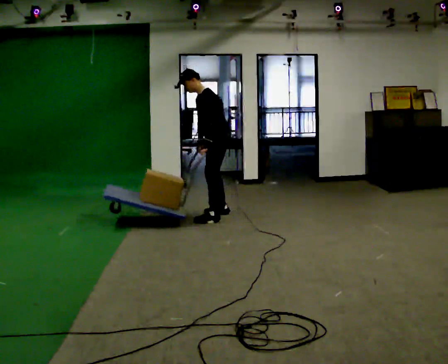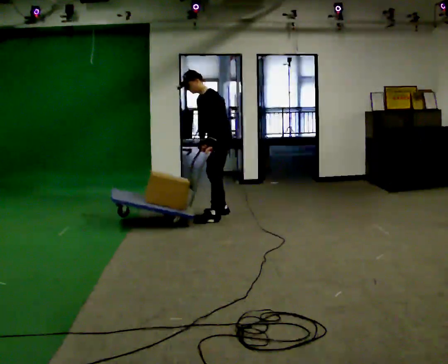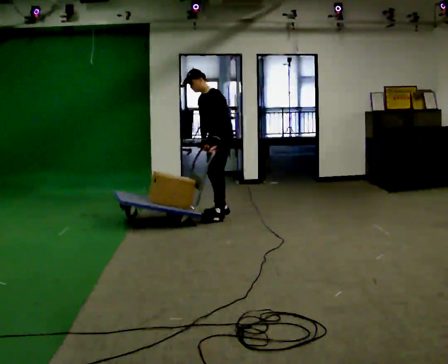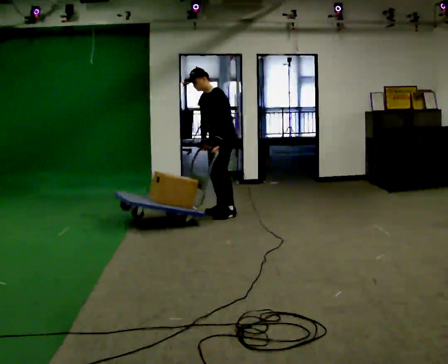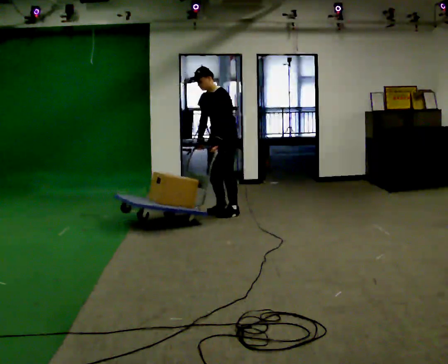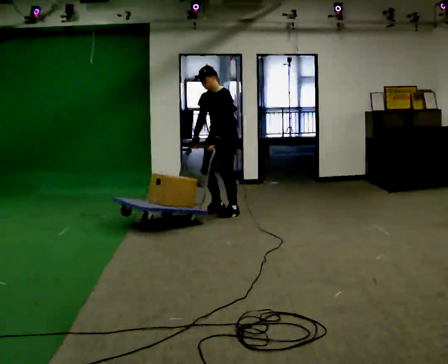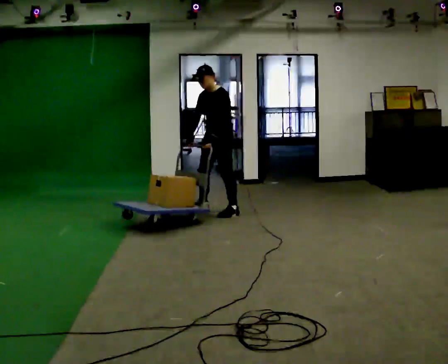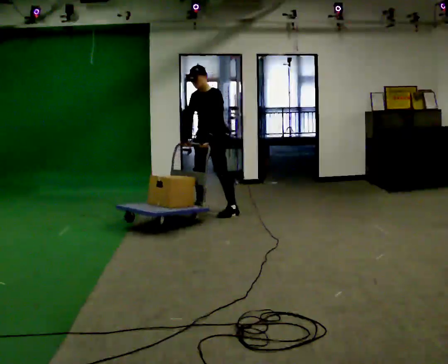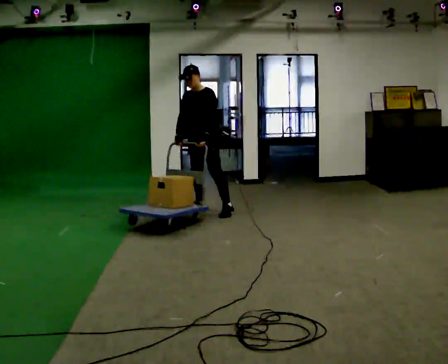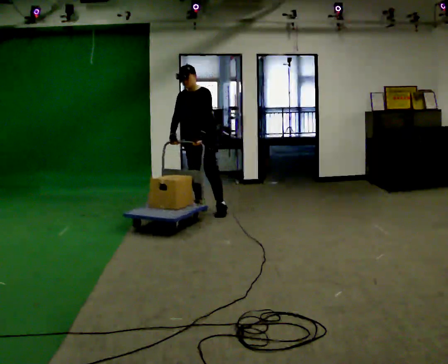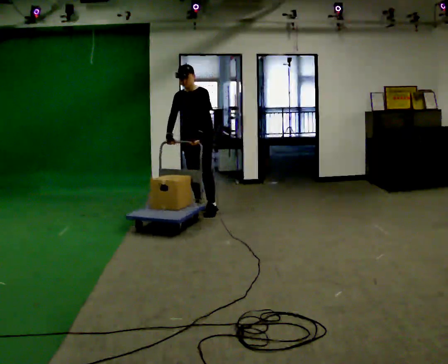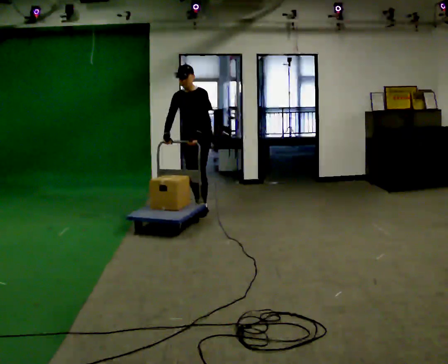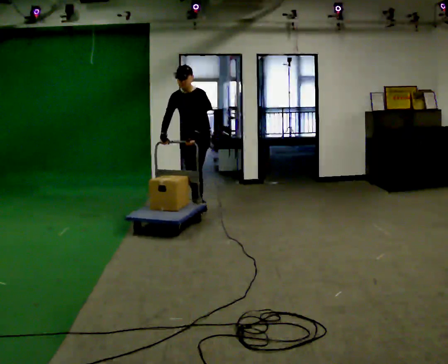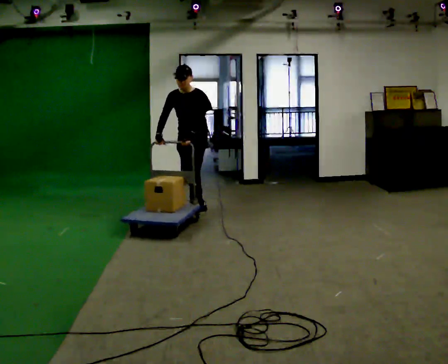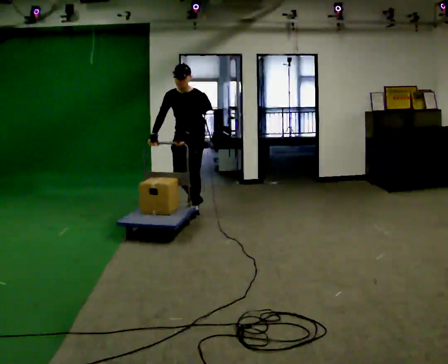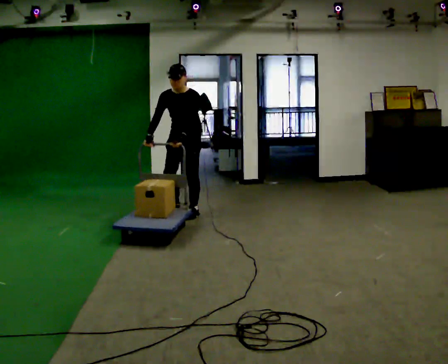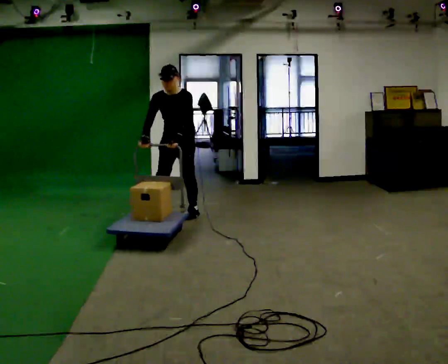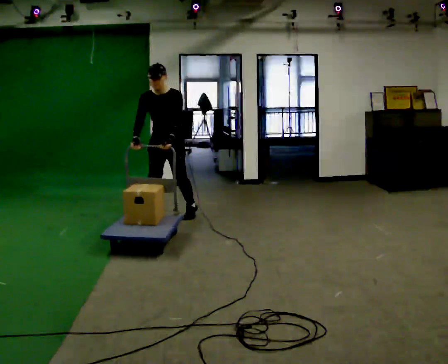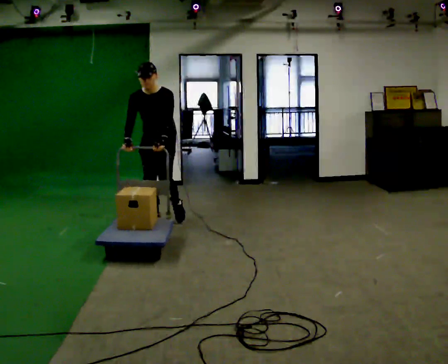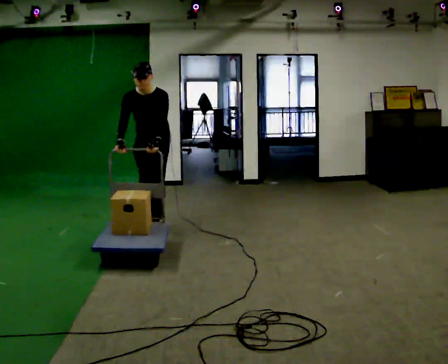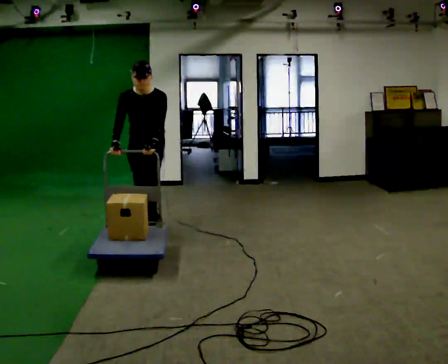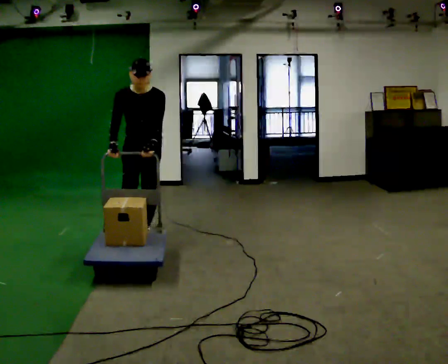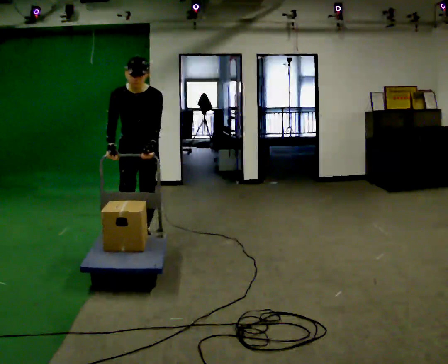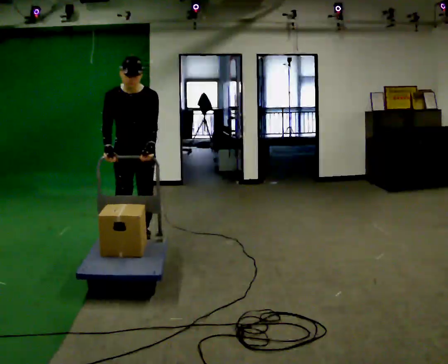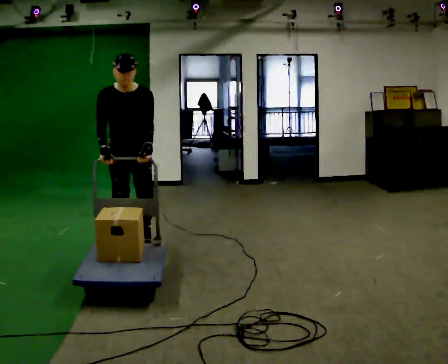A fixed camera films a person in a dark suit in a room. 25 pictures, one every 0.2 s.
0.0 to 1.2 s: The person turns about 30 degrees to their left, counterclockwise seen from above, so the part of the body nearest the lens slides to the right. In the picture they go away from the camera, about 0.25 m in 1 step, which for them is to their right.
1.2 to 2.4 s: In the picture they go to the left, about 0.25 m in 1 step, which for them is to their right.
2.4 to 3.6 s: In the picture they go toward the camera and to the left, about 0.5 m in 2 steps, which for them is forward.
3.6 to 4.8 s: In the picture they go toward the camera, about 1 m in 2 steps, which for them is forward.
The film runs forward here.
